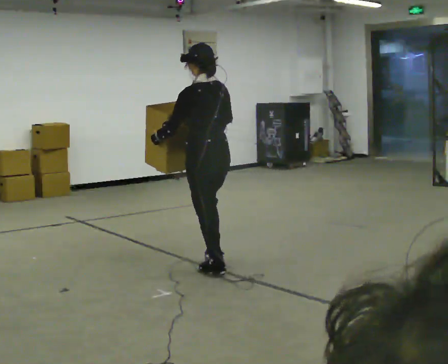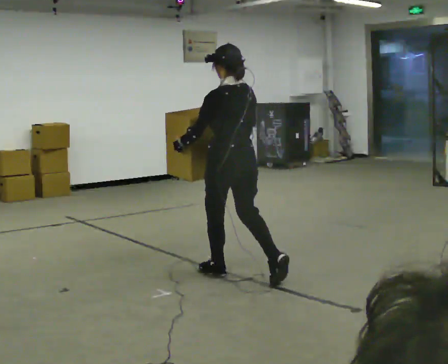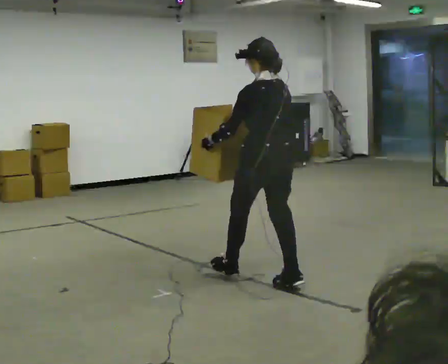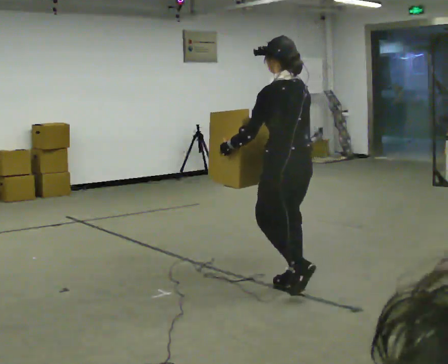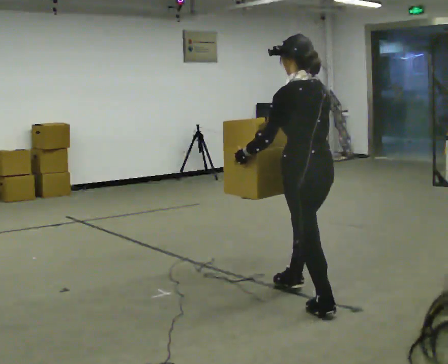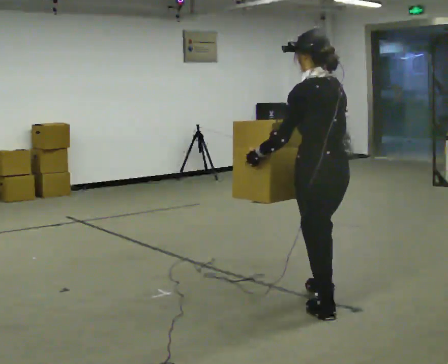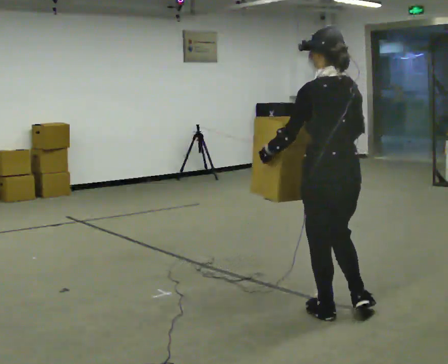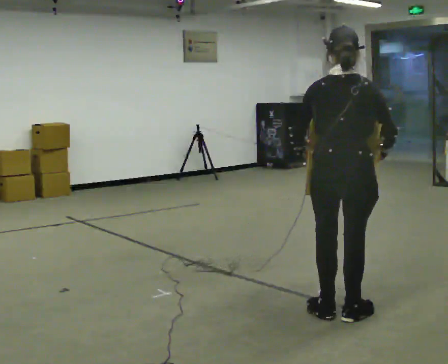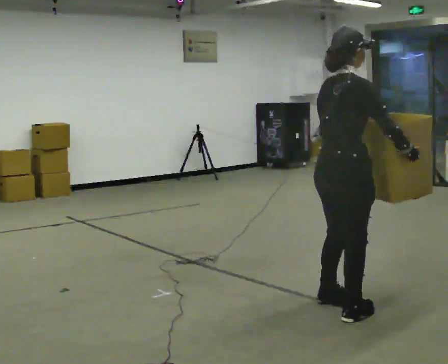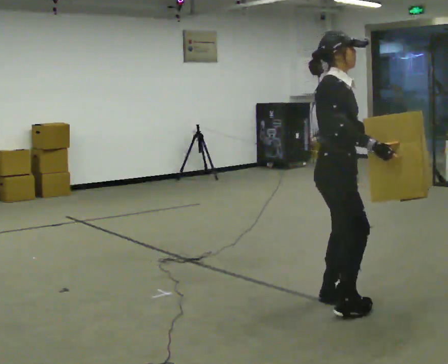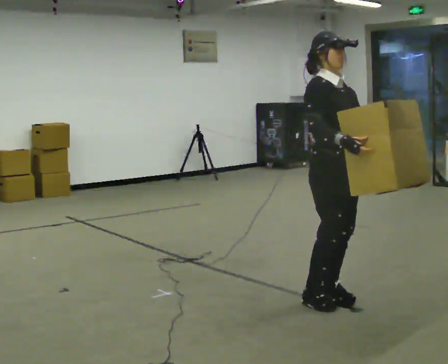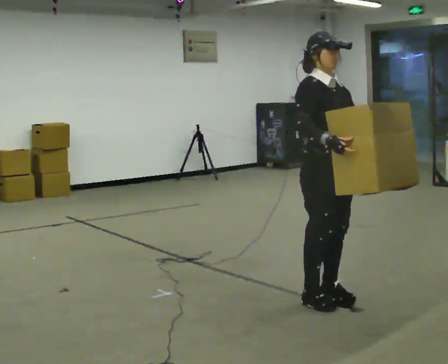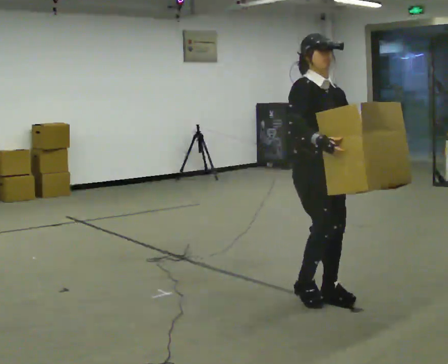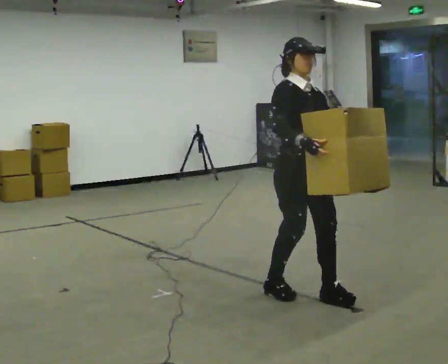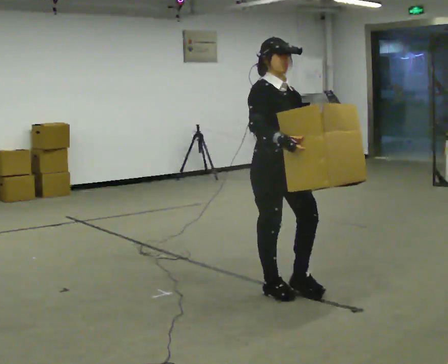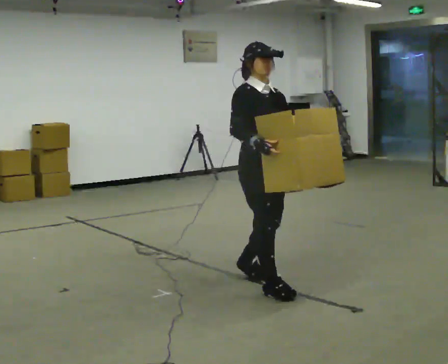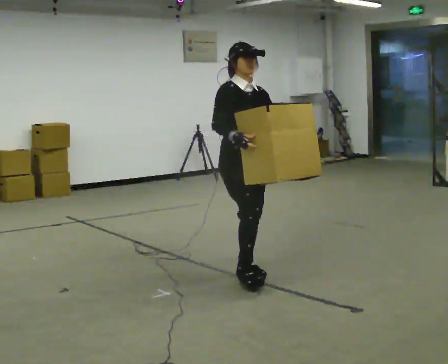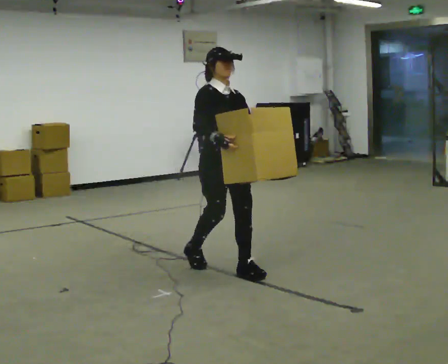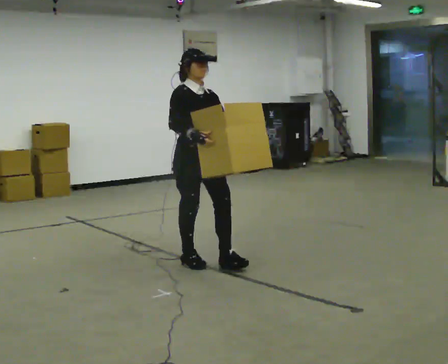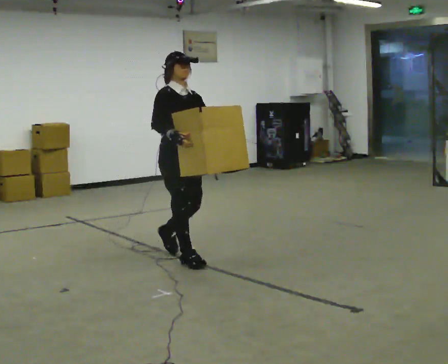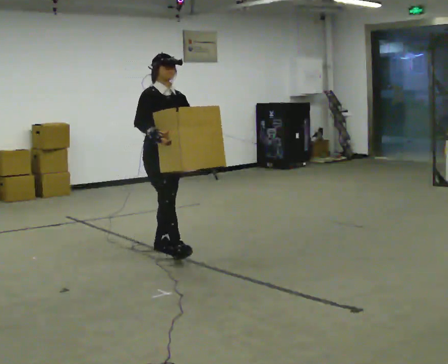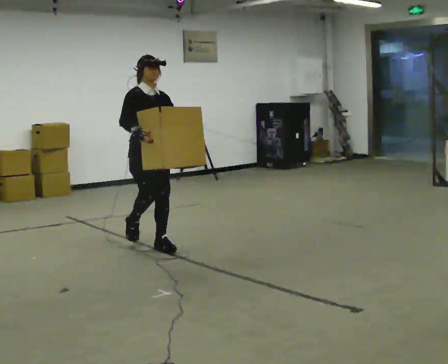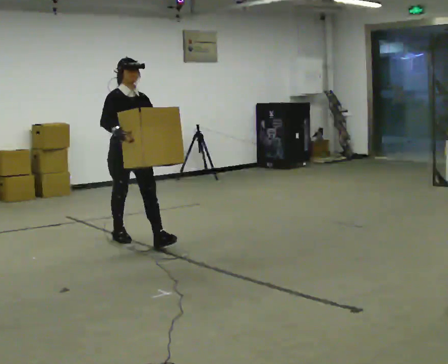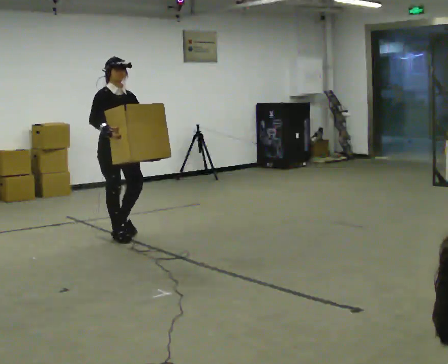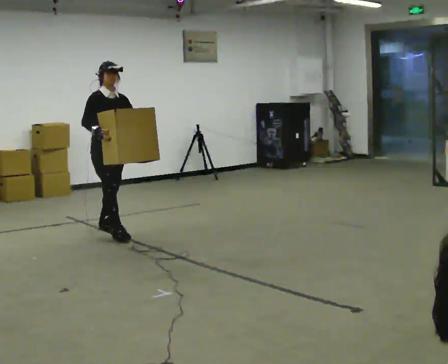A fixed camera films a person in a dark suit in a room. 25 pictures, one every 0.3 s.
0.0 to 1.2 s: In the picture they go to the right and toward the camera, about 1 m in 1 step, which for them is backward.
1.2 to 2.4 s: Seen from above the body turns clockwise, about 105 degrees: to their right, with its near side sliding to the left. In the picture they go toward the camera and to the right, about 0.25 m in 2 steps.
2.4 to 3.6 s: Seen from above the body turns clockwise, about 75 degrees: to their right, with its near side sliding to the left. In the picture they go away from the camera, about 0.25 m in 2 steps.
3.6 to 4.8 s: In the picture they go to the left and away from the camera, about 0.75 m in 2 steps, which for them is backward.
4.8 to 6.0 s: In the picture they go to the left and away from the camera, about 1 m in 2 steps, which for them is backward.
6.0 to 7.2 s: In the picture they go to the left and away from the camera, about 1 m in 1 step, which for them is backward.
The film runs backward here.
